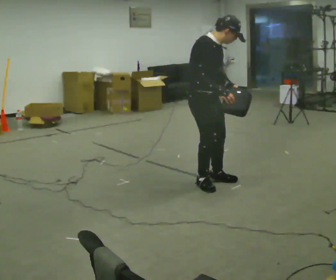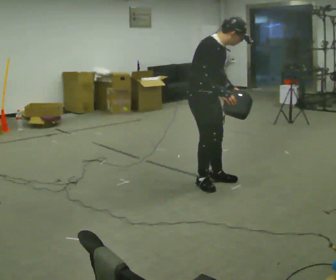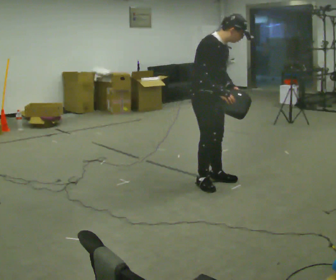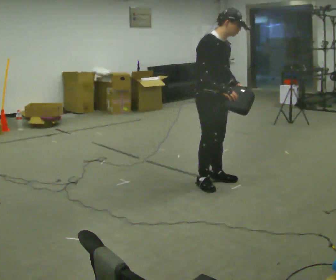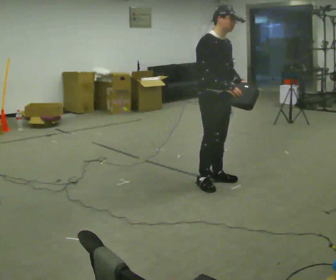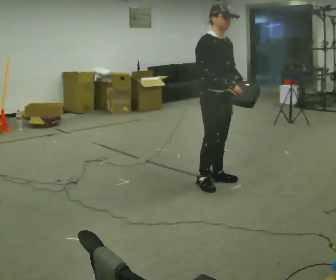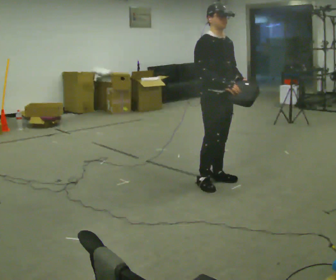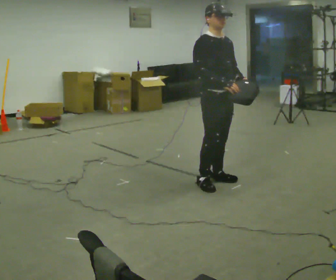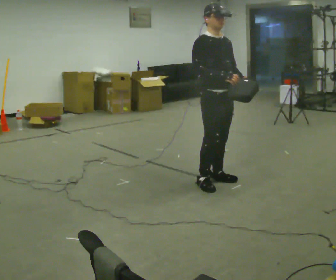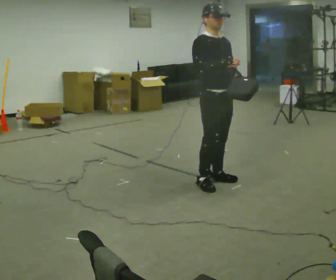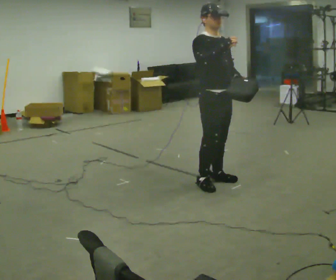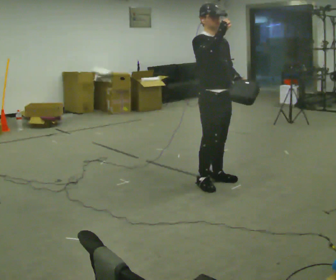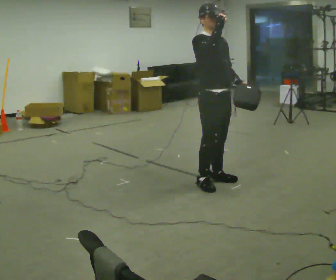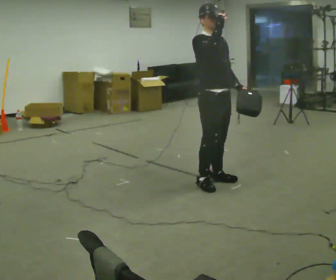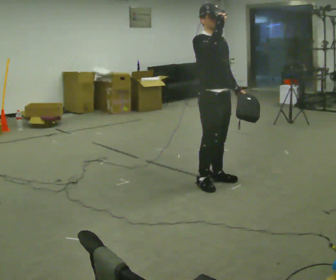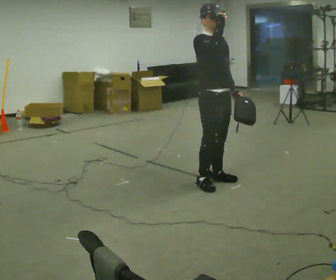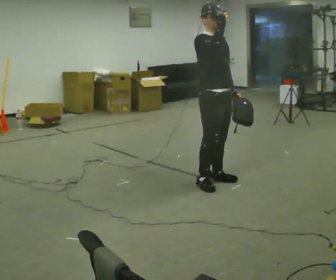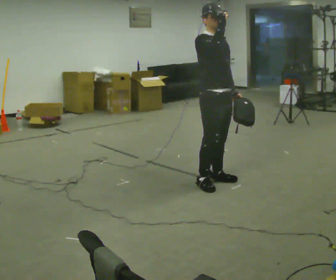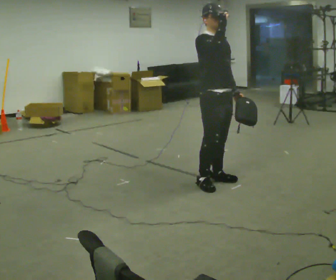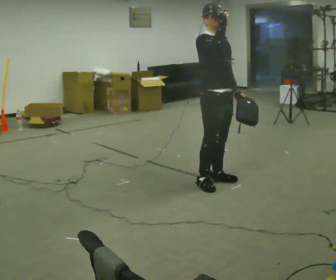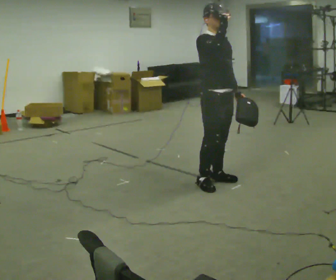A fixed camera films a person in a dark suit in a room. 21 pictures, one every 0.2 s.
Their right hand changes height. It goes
upward.
0.0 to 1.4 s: The person moves a little, or ends about where they began.
1.4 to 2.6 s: In the picture their right hand goes upward.
2.6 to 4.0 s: The person moves a little, or ends about where they began.
The film runs forward here.
